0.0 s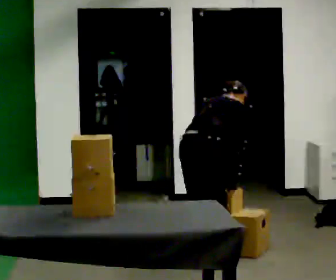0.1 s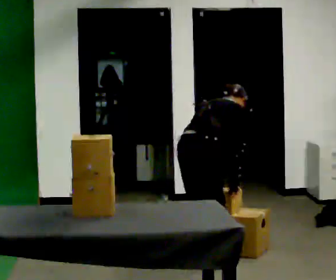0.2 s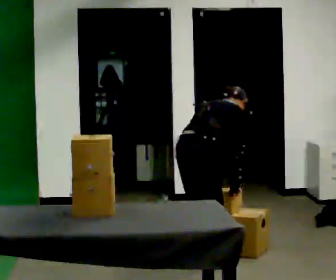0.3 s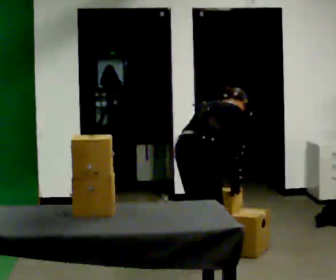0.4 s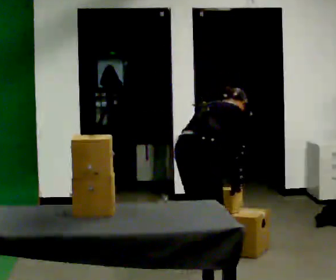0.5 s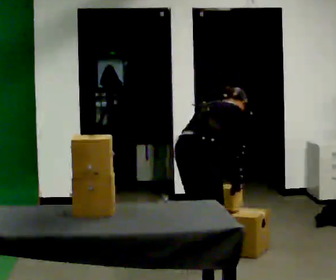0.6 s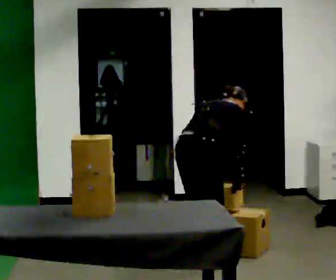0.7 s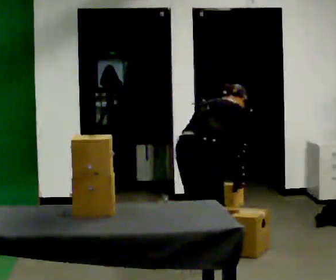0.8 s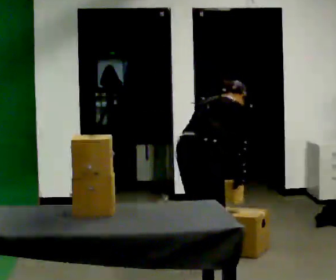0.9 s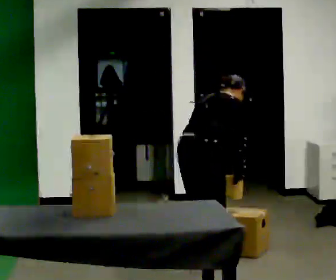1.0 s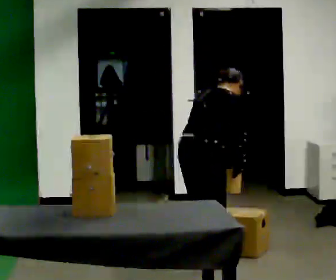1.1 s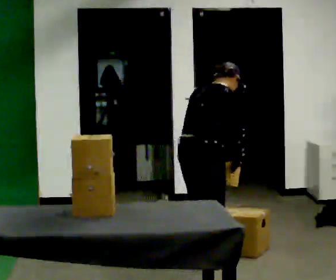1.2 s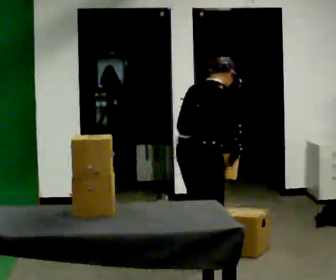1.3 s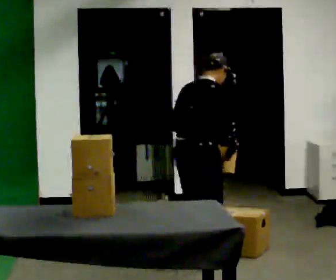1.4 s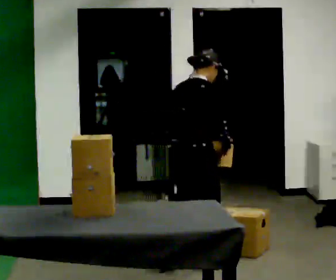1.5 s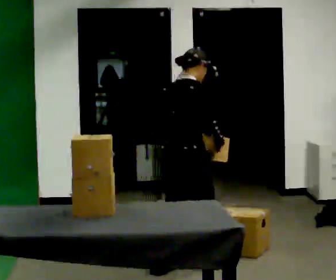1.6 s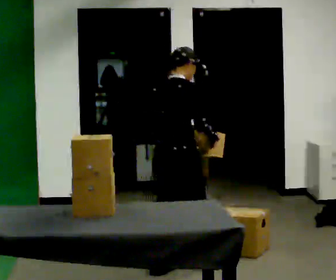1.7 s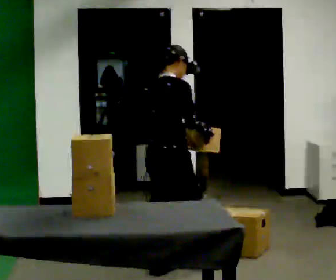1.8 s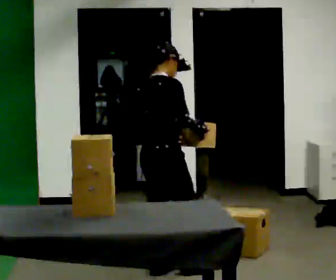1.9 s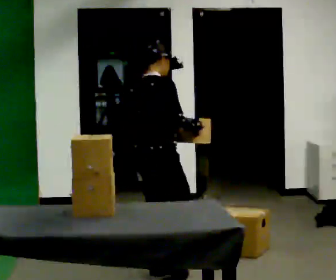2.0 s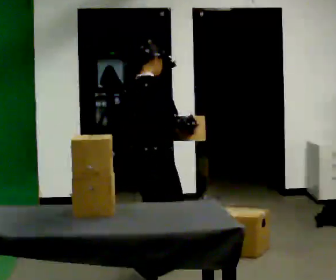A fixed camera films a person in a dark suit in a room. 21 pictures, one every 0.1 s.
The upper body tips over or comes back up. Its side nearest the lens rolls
downward.
0.0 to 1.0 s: The person moves a little, or ends about where they began.
1.0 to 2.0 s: In the picture they go to the left and toward the camera, about 0.5 m in 2 steps, which for them is backward. The upper body tips toward the camera, its near side rolling downward, as they lean back or straighten. In the picture their right hand goes upward.
The film runs backward here.
